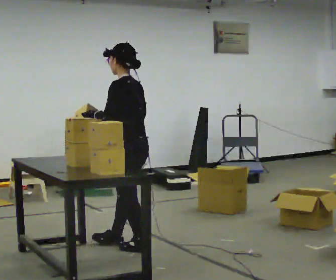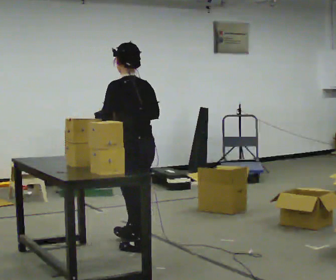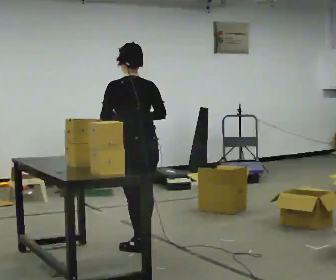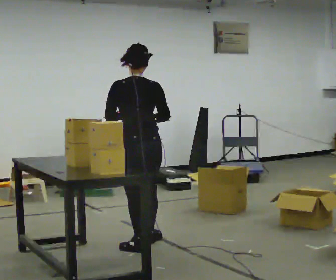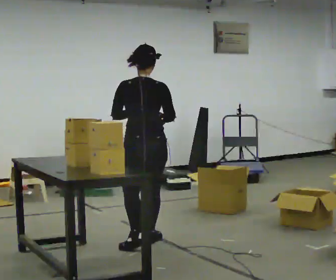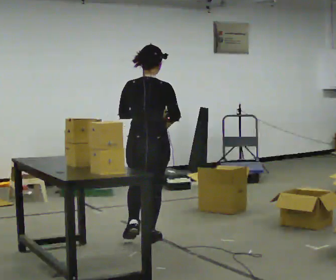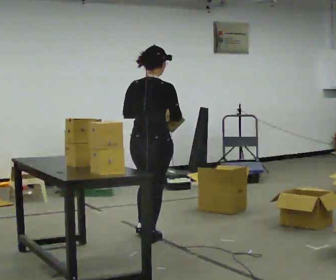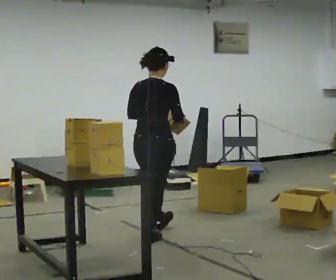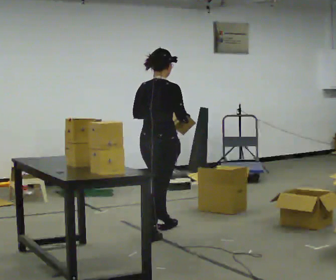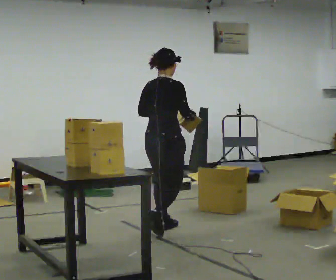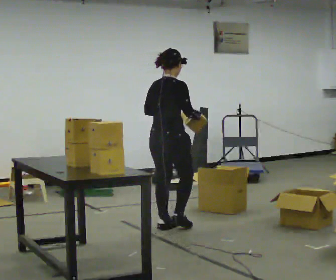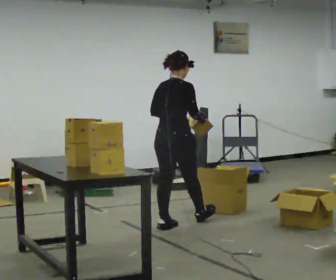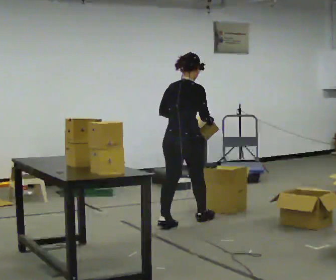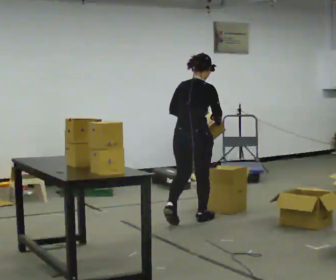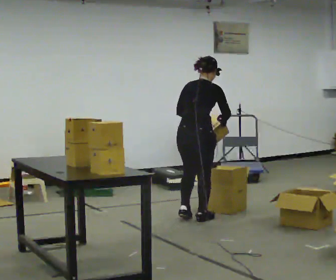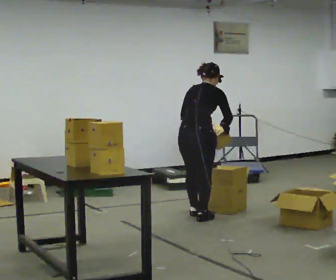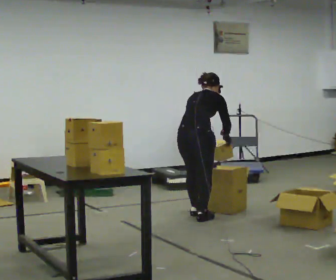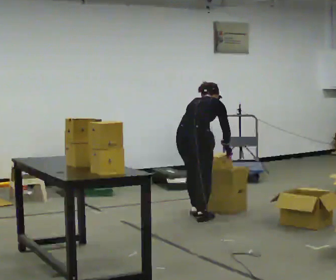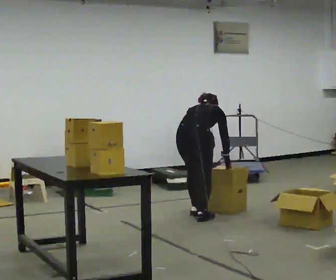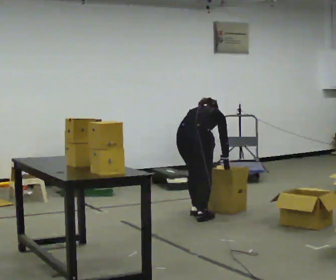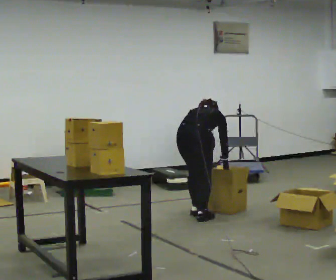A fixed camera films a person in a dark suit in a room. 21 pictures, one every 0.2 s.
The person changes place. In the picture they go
away from the camera.
The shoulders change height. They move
downward.
0.0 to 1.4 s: The person turns about 90 degrees to their right, clockwise seen from above, so the part of the body nearest the lens slides to the left. In the picture they go away from the camera and to the right, about 0.25 m in 1 step.
1.4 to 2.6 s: In the picture they go away from the camera and to the right, about 0.75 m in 2 steps, which for them is forward.
2.6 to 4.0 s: In the picture they go away from the camera, about 0.25 m in 1 step, which for them is forward. The shoulders move downward. The upper body tips away from the camera, its near side rolling upward, as they bend forward. In the picture their left hand goes downward.
The film runs forward here.
